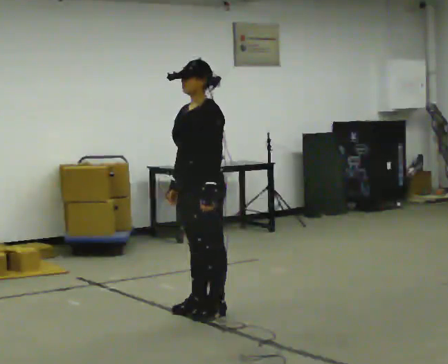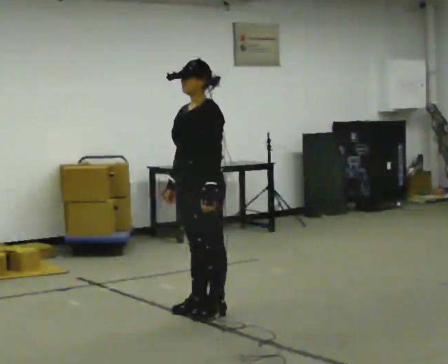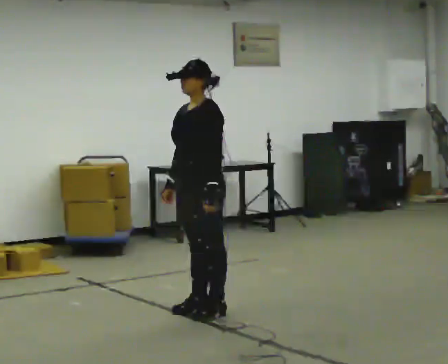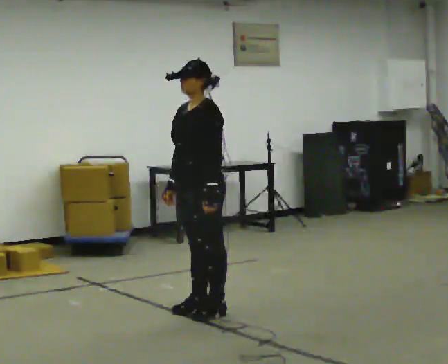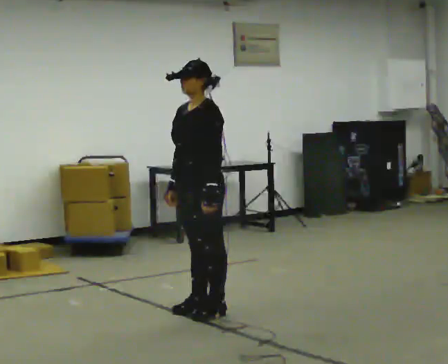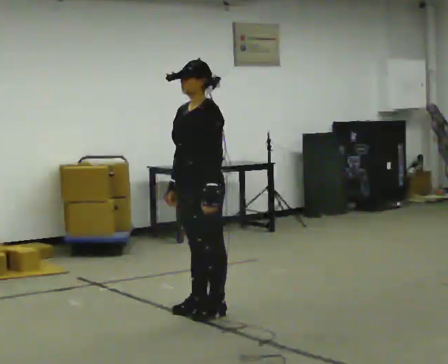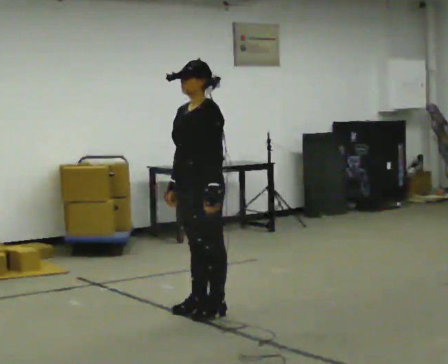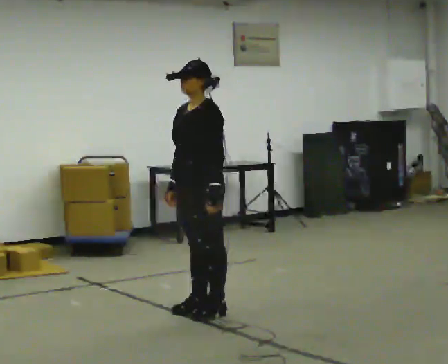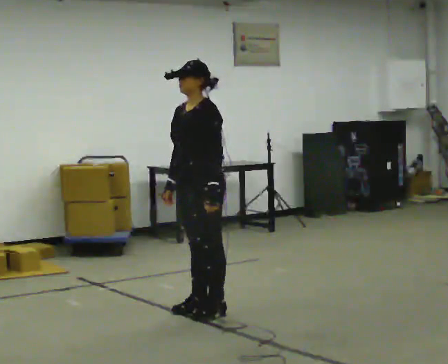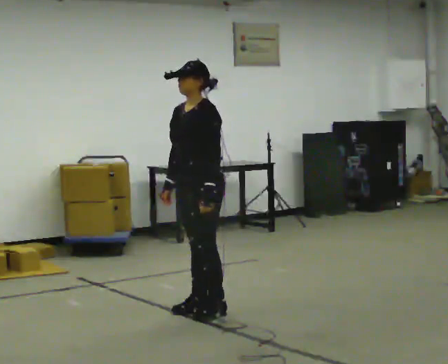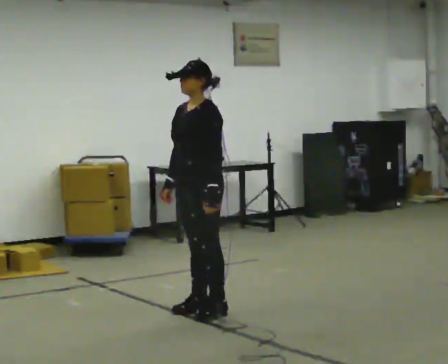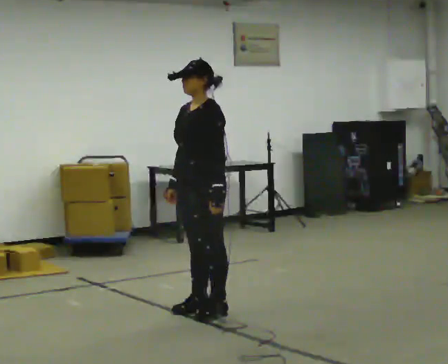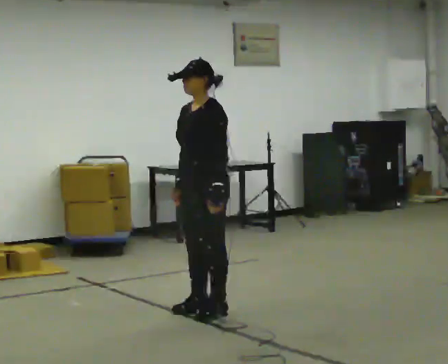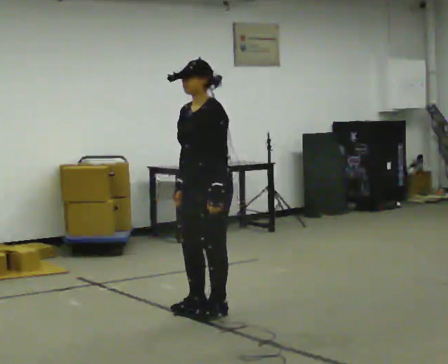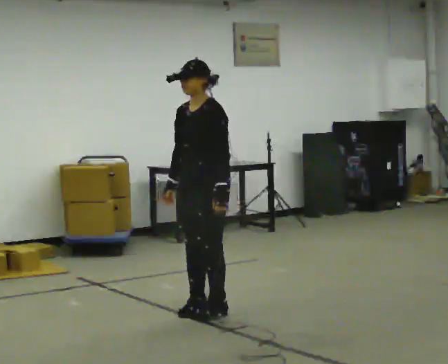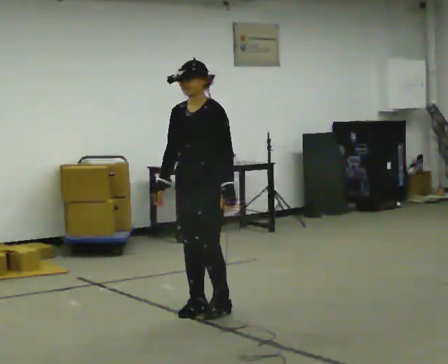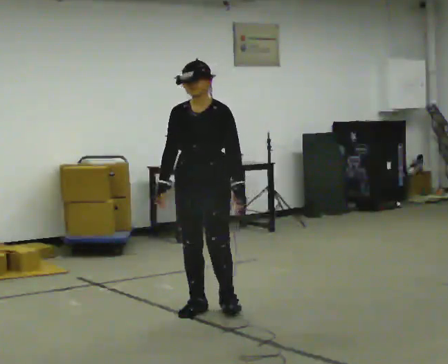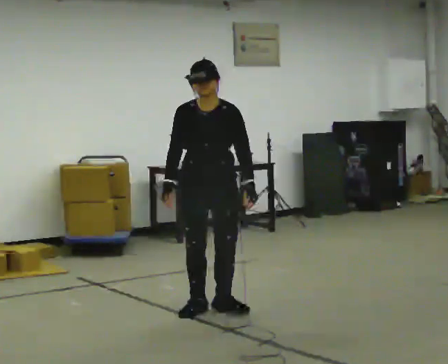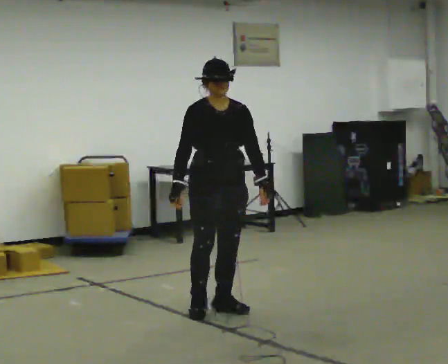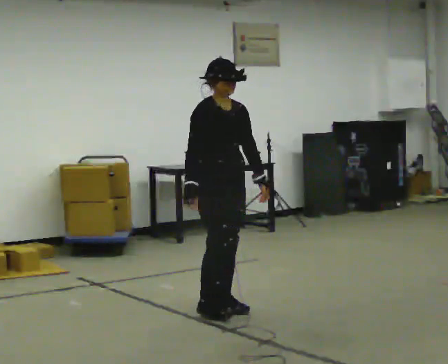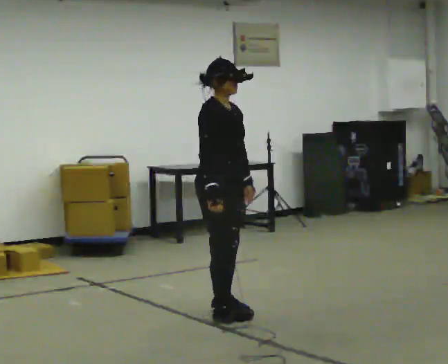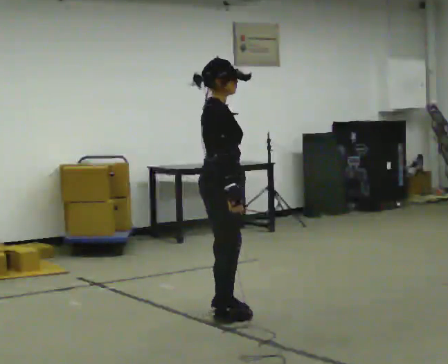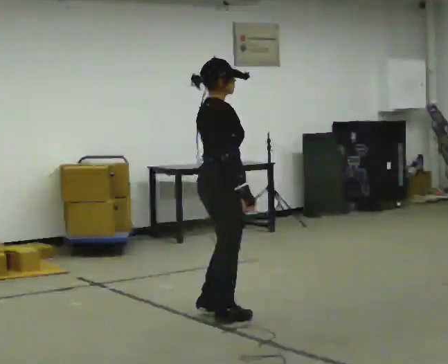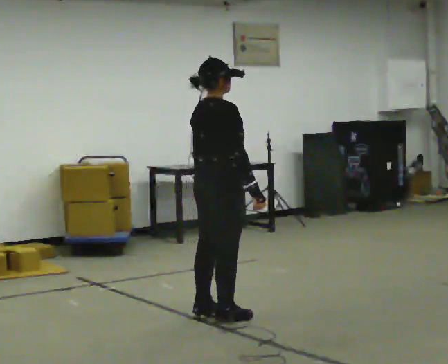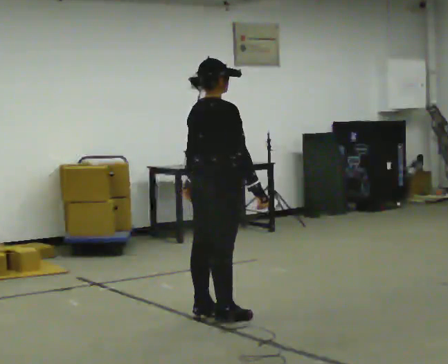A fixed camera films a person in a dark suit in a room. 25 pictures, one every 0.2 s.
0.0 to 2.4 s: The person moves a little, or ends about where they began.
2.4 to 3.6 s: The part of the body nearest the lens slides to the right as the person turns to their left by about 75 degrees.
3.6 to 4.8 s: The person turns about 105 degrees to their left, counterclockwise seen from above, so the part of the body nearest the lens slides to the right. In the picture they go toward the camera, about 0.25 m in 2 steps. In the picture their right hand goes to the right, the arm swinging counterclockwise.
The film runs backward here.
